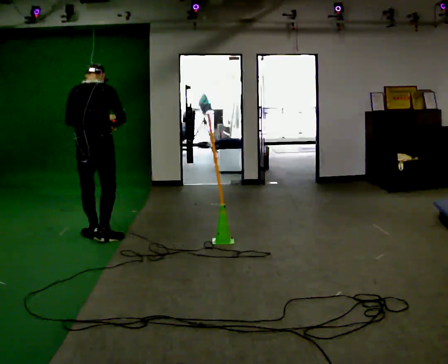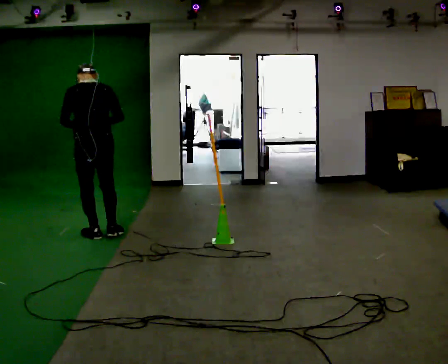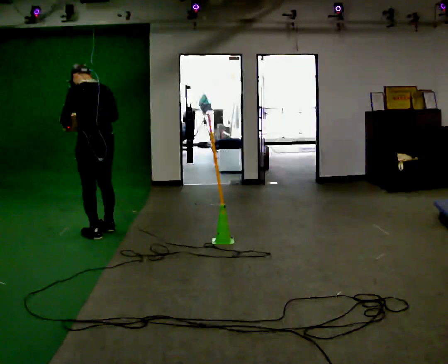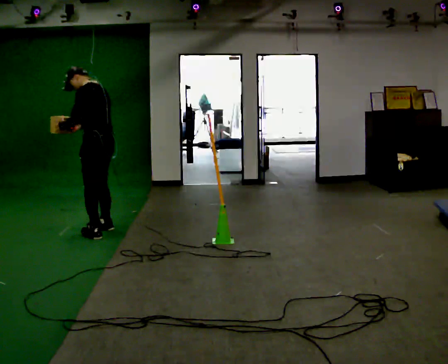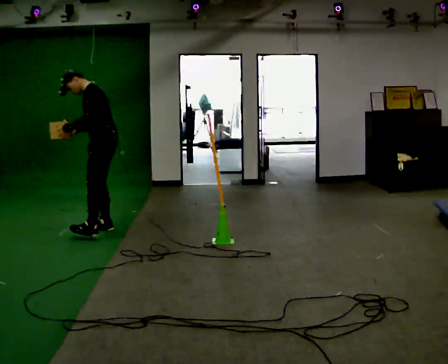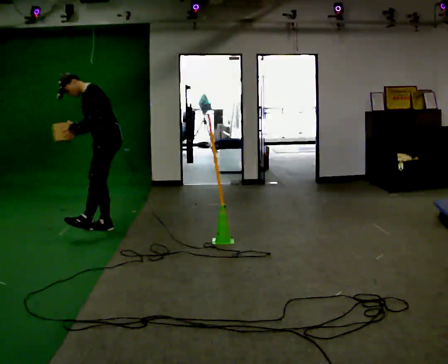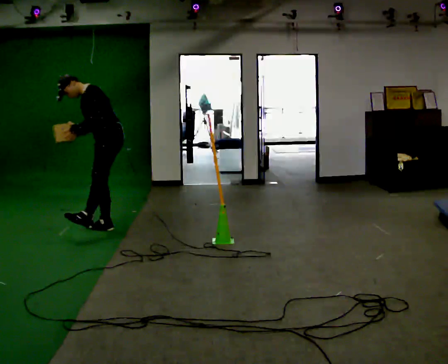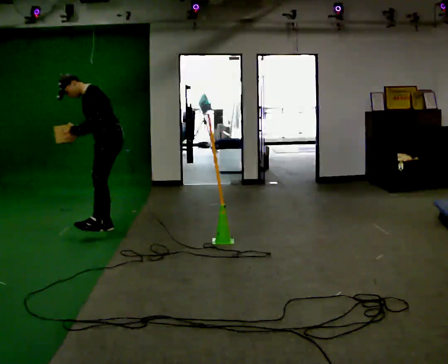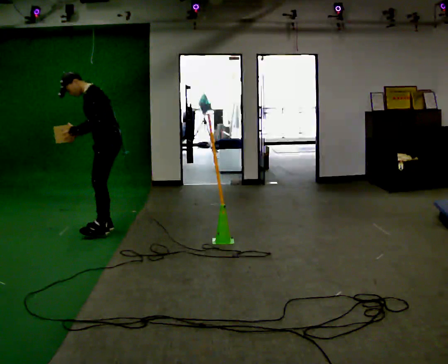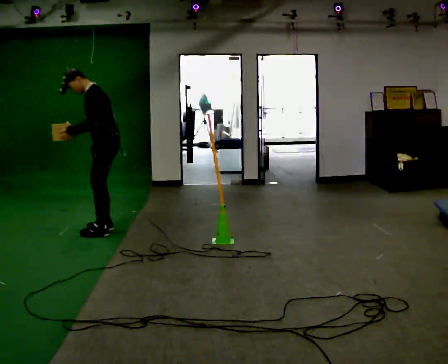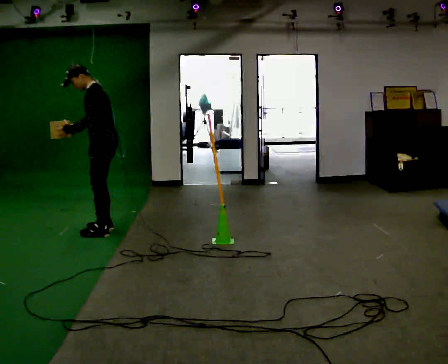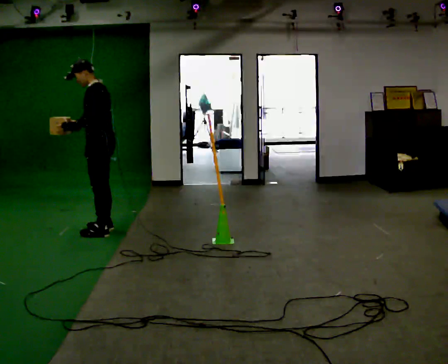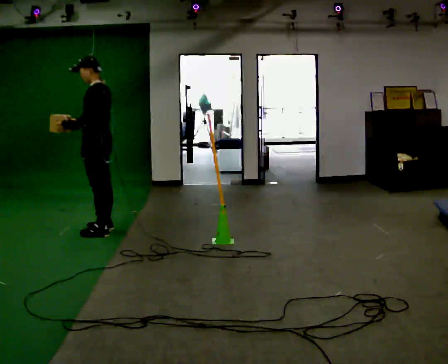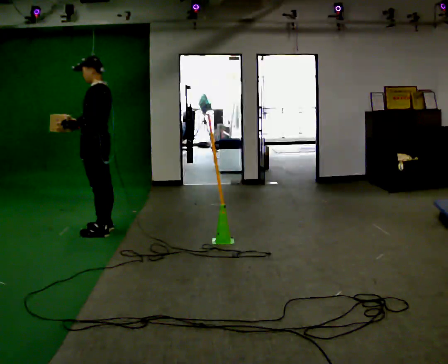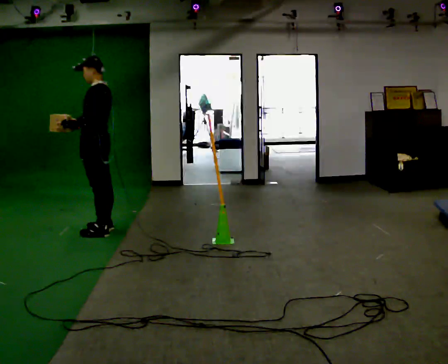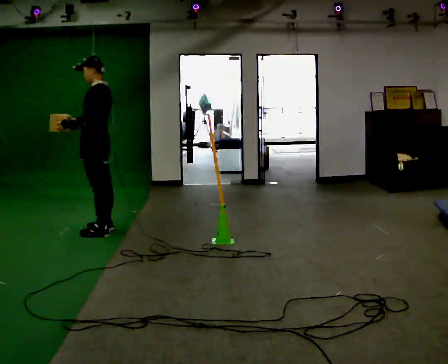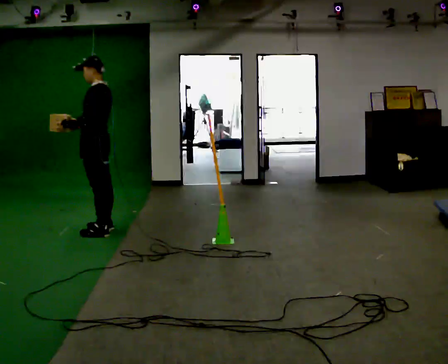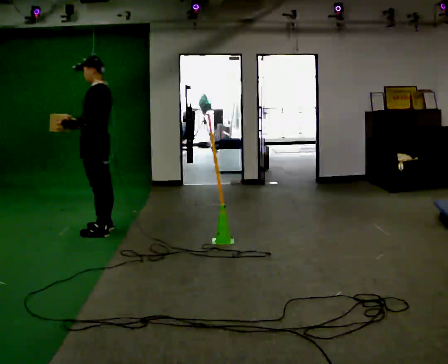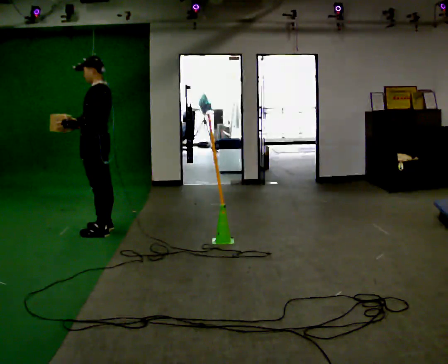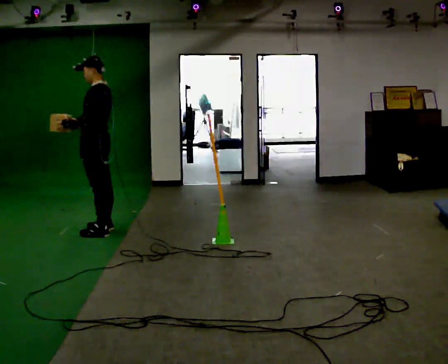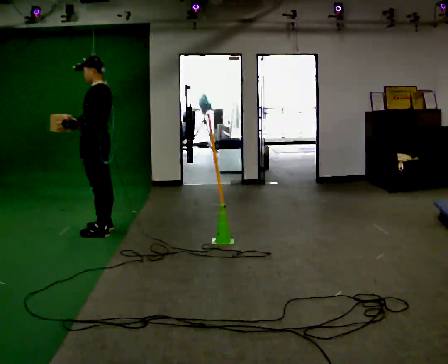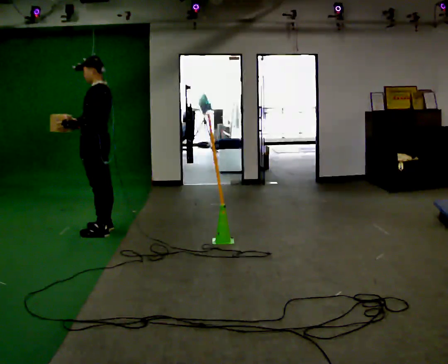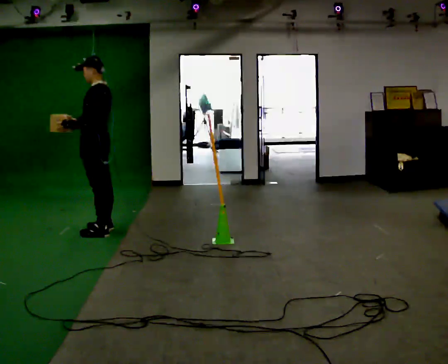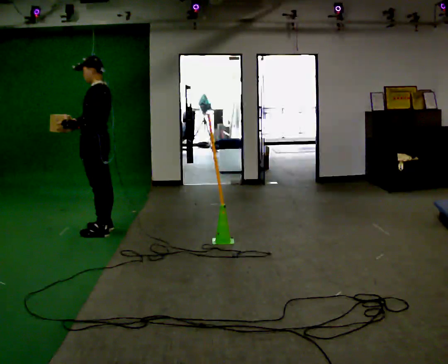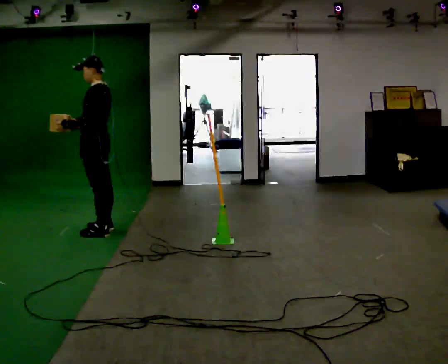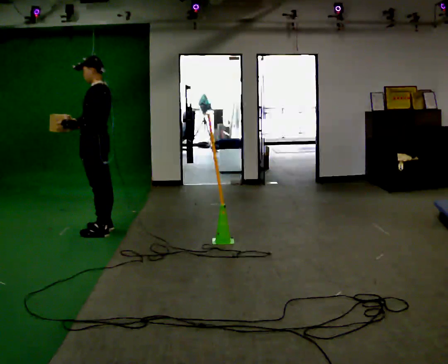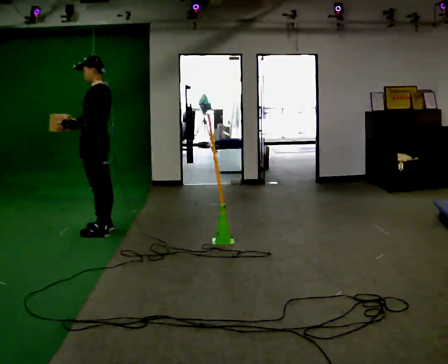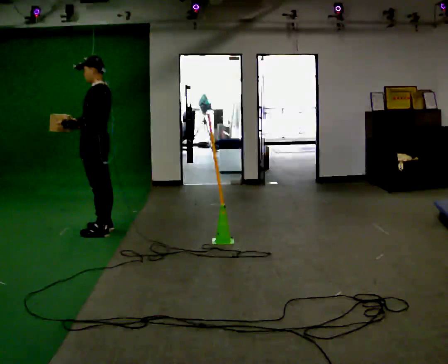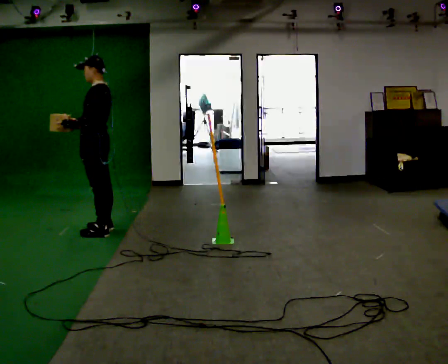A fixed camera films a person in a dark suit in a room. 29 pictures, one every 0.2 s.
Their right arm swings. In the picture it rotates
clockwise.
0.0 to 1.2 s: The person turns about 135 degrees to their left, counterclockwise seen from above, so the part of the body nearest the lens slides to the right. In the picture they go away from the camera and to the right, about 0.5 m in 1 step. In the picture the upper body tilts counterclockwise, shoulders to the left, as they bend forward.
1.2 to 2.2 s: Seen from above the body turns clockwise, about 30 degrees: to their right, with its near side sliding to the left. In the picture the upper body tilts clockwise, shoulders to the right, as they lean back or straighten.
2.2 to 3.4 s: The person moves a little, or ends about where they began.
3.4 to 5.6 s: The person keeps their place and pose.
The film runs backward here.
